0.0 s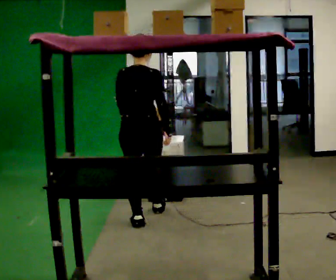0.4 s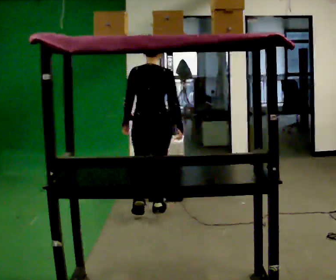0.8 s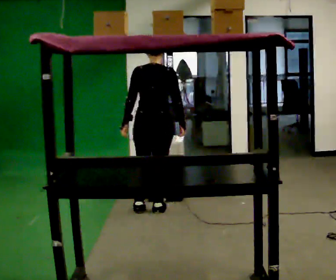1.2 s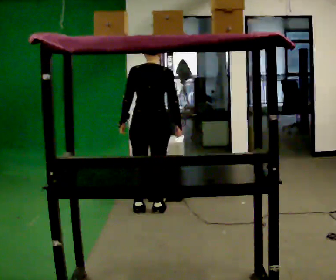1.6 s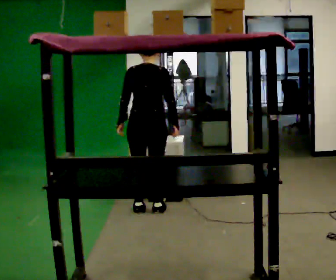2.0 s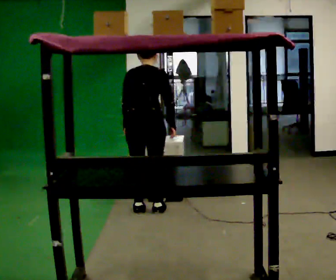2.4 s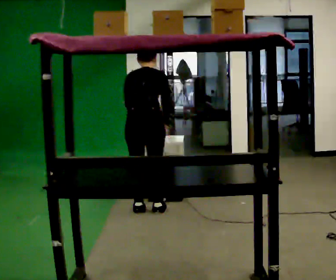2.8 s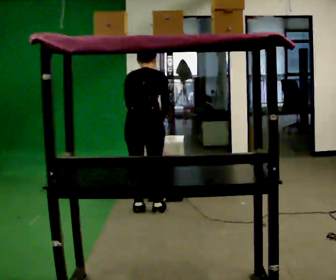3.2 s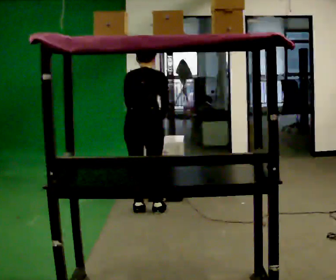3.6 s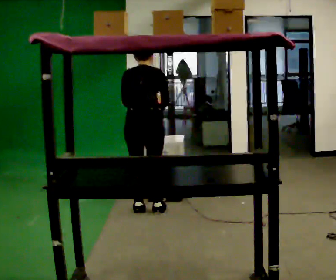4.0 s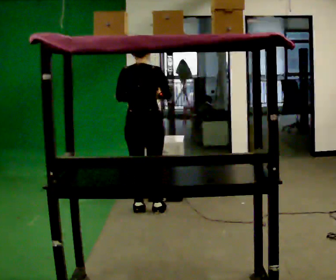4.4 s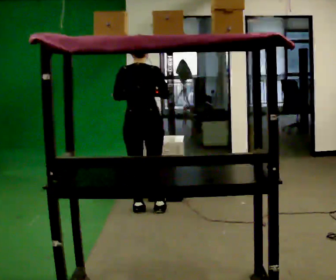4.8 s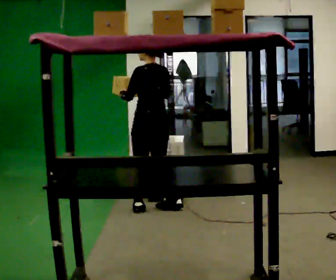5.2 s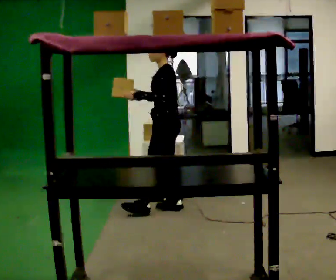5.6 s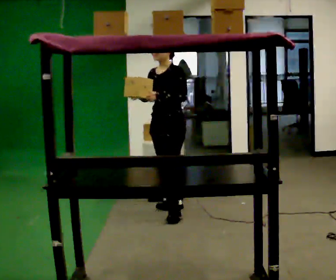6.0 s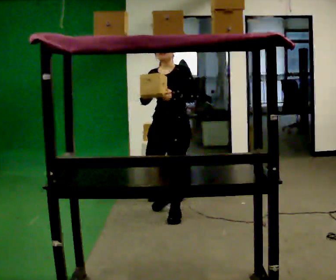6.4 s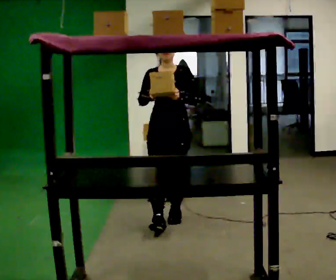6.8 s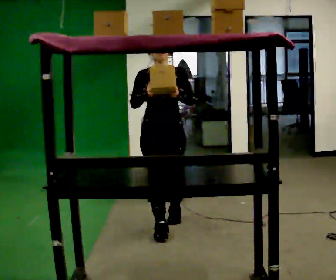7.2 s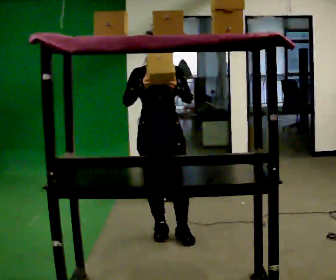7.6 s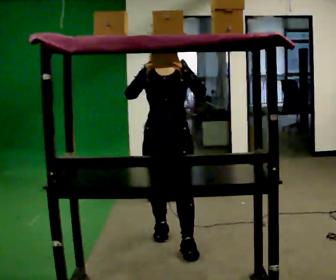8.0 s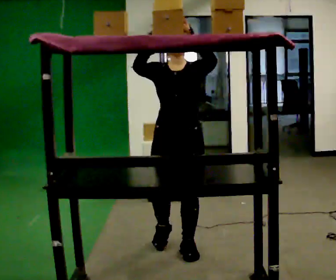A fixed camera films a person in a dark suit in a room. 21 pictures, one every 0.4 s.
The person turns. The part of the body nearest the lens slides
to the right.
The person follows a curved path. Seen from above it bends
clockwise.
0.0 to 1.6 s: In the picture they go away from the camera, about 0.25 m in 1 step, which for them is forward.
1.6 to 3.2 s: The upper body tips away from the camera, its near side rolling upward, as they bend forward.
3.2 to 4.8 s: The part of the body nearest the lens slides to the right as the person turns to their left by about 45 degrees. The upper body tips toward the camera, its near side rolling downward, as they lean back or straighten.
4.8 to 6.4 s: Seen from above the body turns counterclockwise, about 135 degrees: to their left, with its near side sliding to the right. In the picture they go toward the camera, about 0.5 m in 1 step.
6.4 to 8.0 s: In the picture they go toward the camera, about 0.5 m in 2 steps, which for them is forward. In the picture their left hand goes upward.
The film runs forward here.
